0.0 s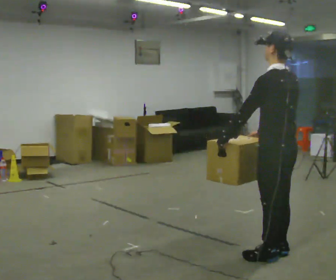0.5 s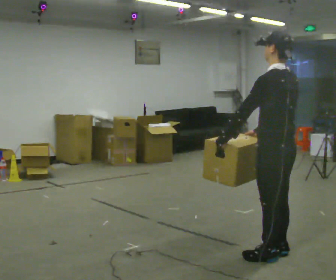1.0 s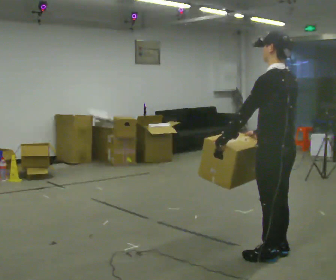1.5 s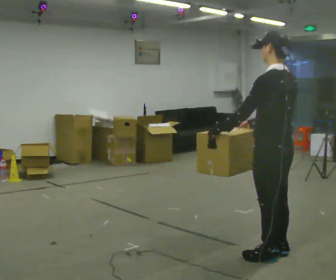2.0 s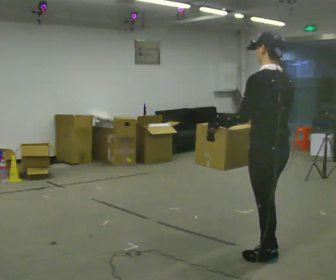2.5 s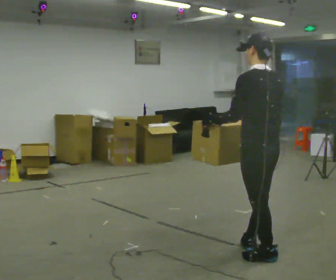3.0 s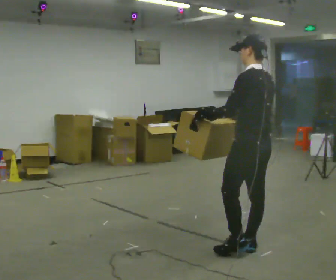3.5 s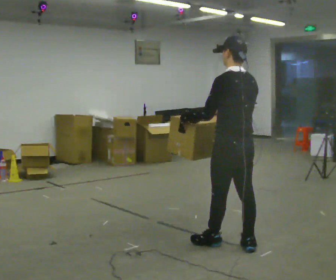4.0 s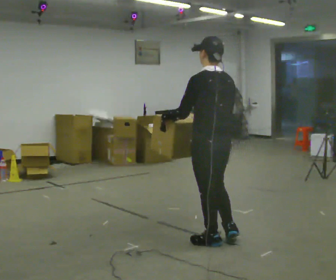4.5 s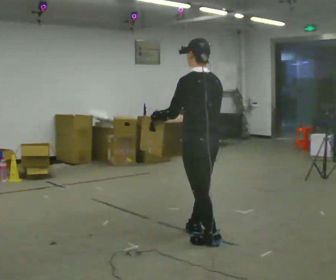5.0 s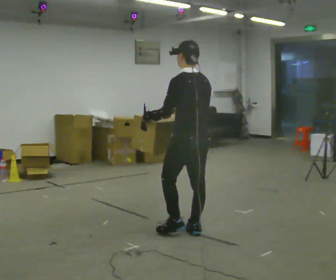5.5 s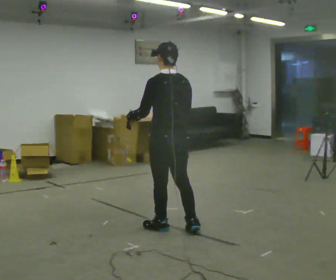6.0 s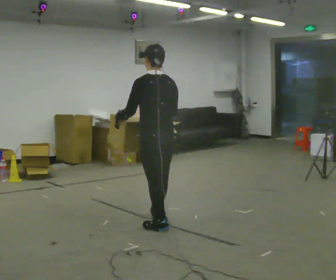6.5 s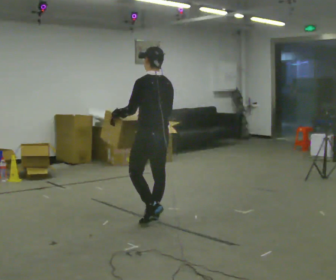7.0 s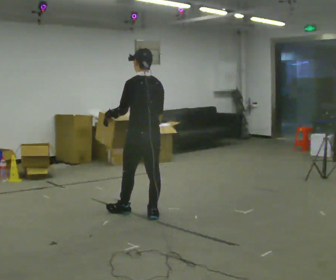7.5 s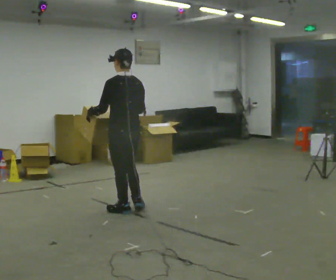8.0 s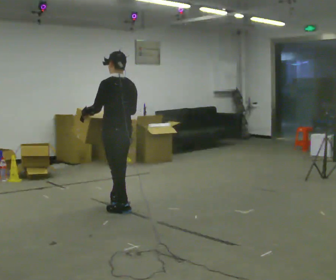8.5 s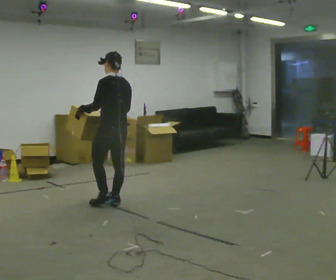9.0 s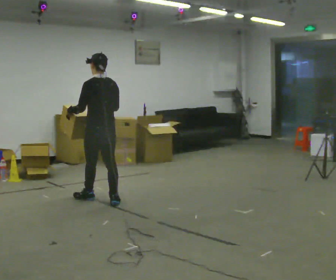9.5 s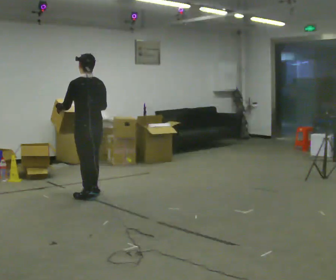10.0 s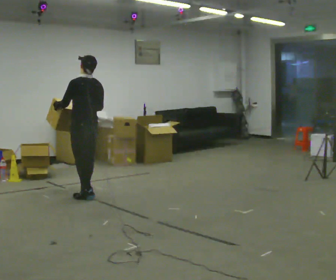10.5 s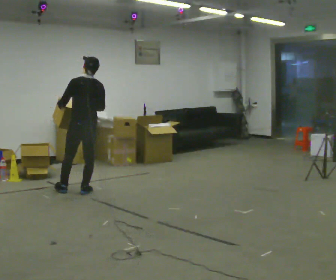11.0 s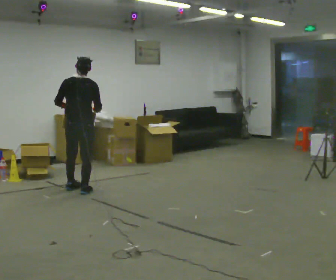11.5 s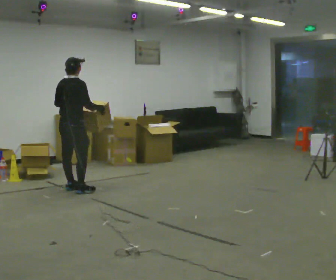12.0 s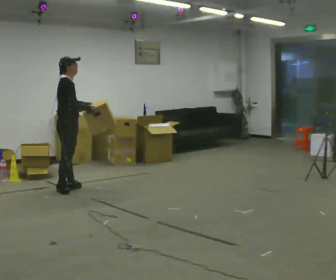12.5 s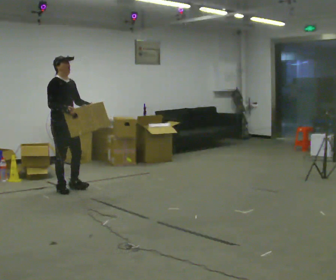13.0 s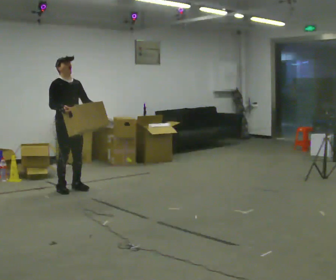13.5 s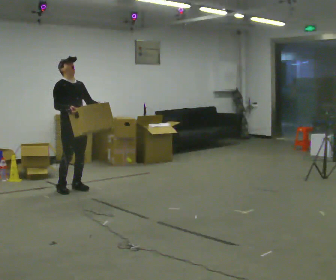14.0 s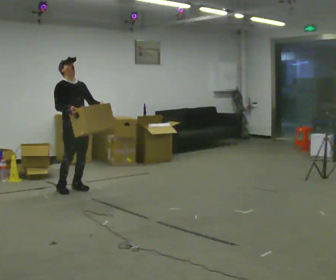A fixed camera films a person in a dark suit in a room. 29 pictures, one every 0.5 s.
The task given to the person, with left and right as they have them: Carry the box in both hands and walk back and forth across the room. The contents may move around. Carry on as best you can.
0.0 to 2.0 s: The person moves a little, or ends about where they began.
2.0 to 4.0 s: In the picture they go away from the camera and to the left, about 0.5 m in 2 steps, which for them is forward.
4.0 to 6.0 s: In the picture they go away from the camera and to the left, about 0.75 m in 2 steps, which for them is forward.
6.0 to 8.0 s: In the picture they go away from the camera and to the left, about 0.5 m in 3 steps, which for them is forward.
8.0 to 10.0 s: In the picture they go away from the camera and to the left, about 0.5 m in 2 steps, which for them is forward.
10.0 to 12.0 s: The person turns about 135 degrees to their right, clockwise seen from above, so the part of the body nearest the lens slides to the left. In the picture they go to the left and away from the camera, about 0.5 m in 2 steps.
12.0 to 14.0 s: Seen from above the body turns clockwise, about 45 degrees: to their right, with its near side sliding to the left.
The film runs forward here.
